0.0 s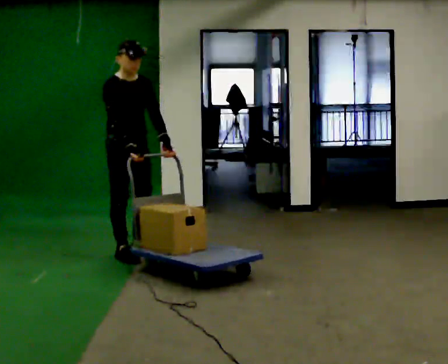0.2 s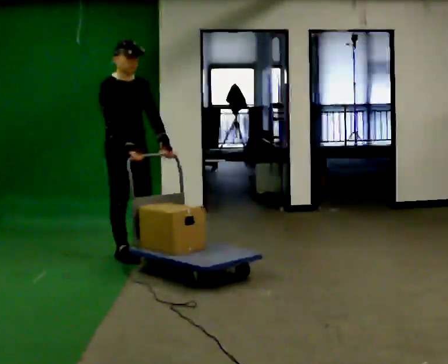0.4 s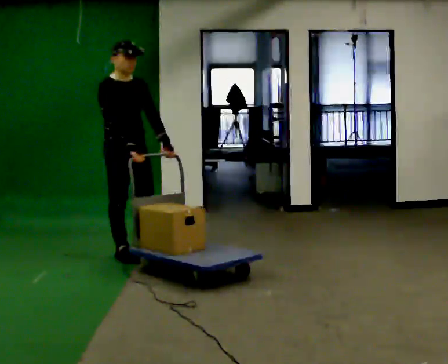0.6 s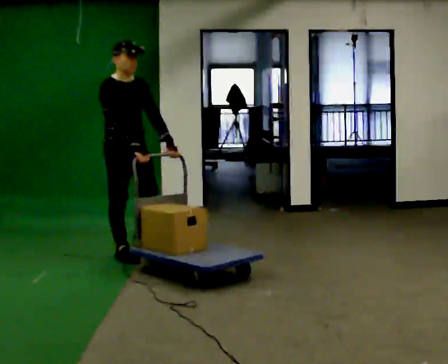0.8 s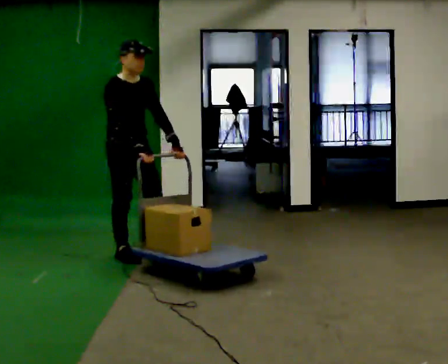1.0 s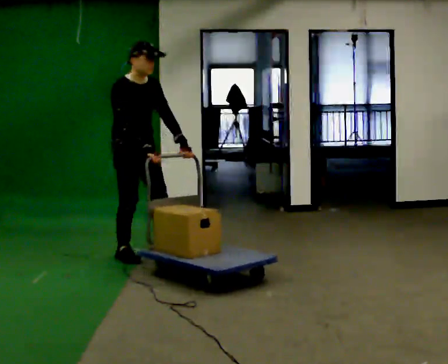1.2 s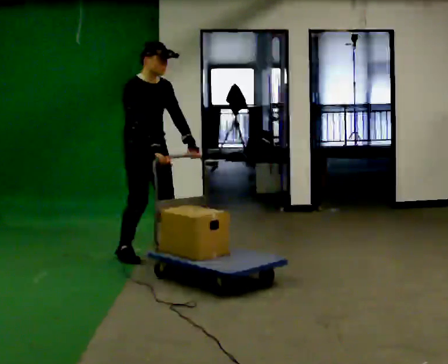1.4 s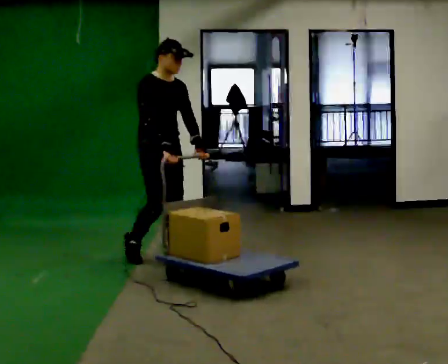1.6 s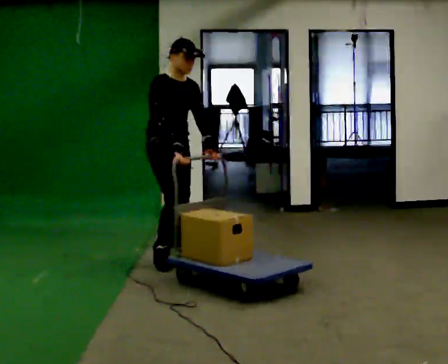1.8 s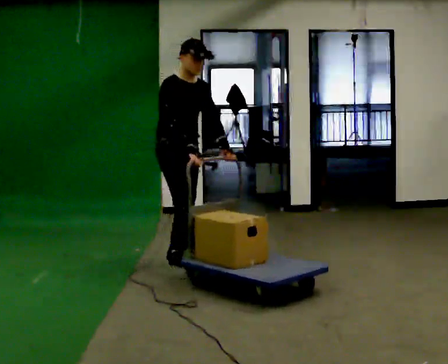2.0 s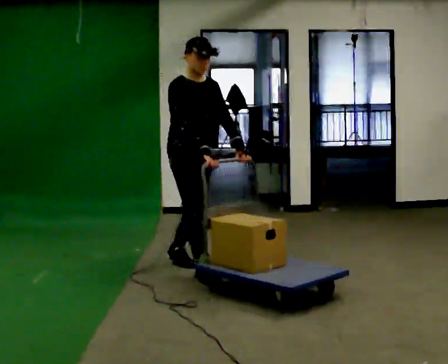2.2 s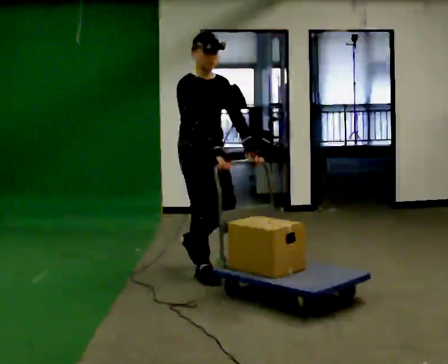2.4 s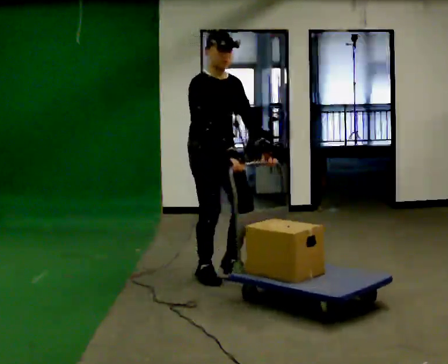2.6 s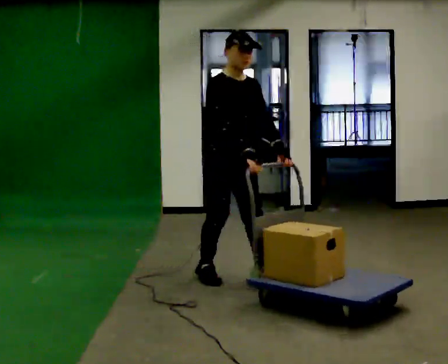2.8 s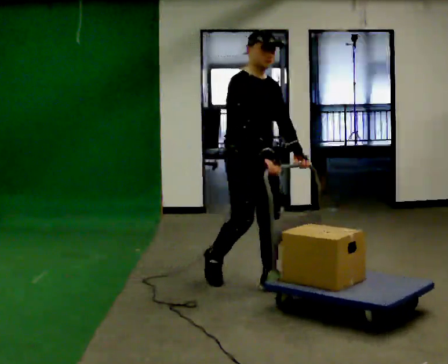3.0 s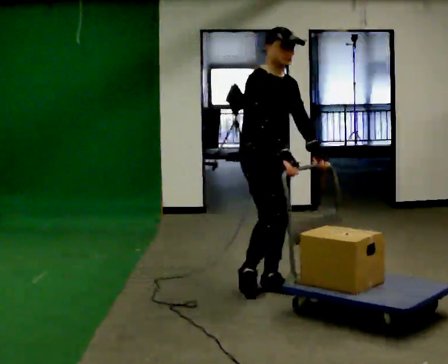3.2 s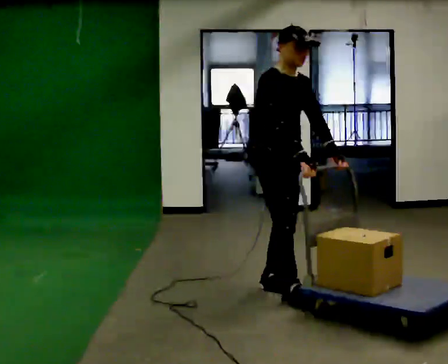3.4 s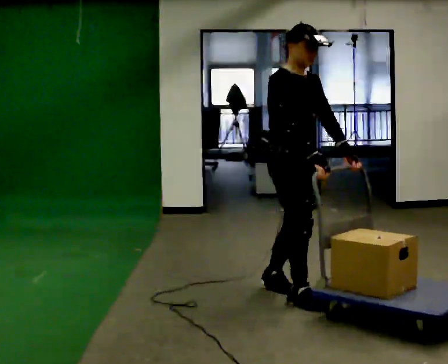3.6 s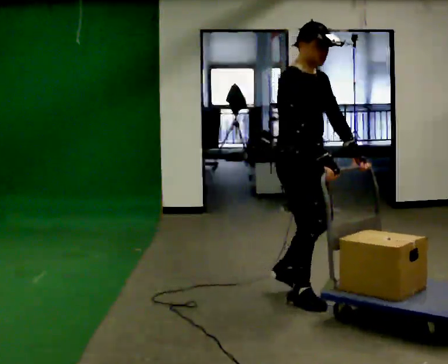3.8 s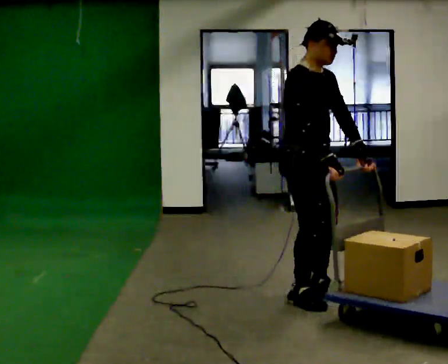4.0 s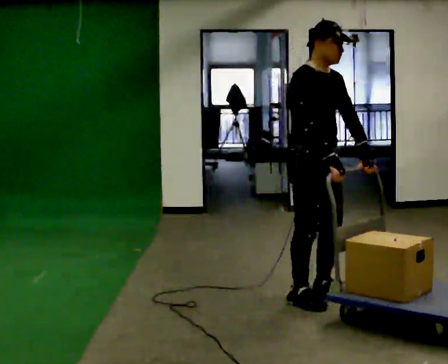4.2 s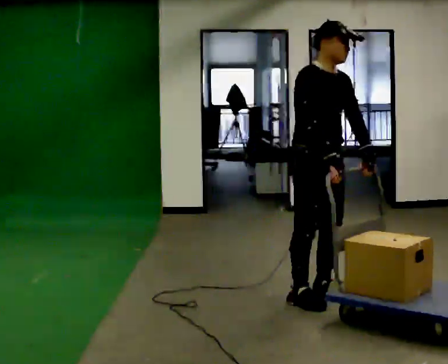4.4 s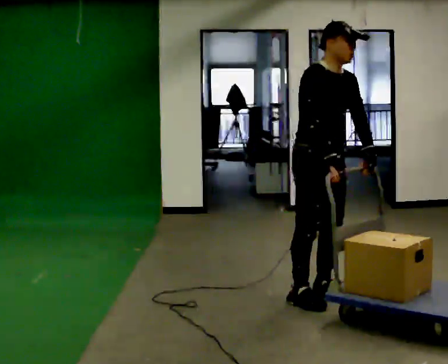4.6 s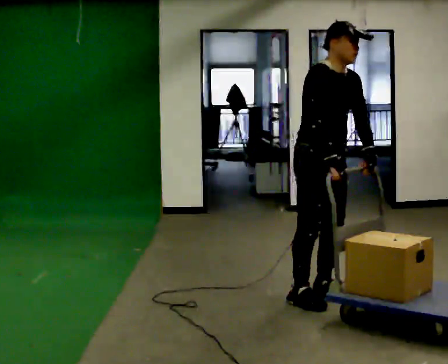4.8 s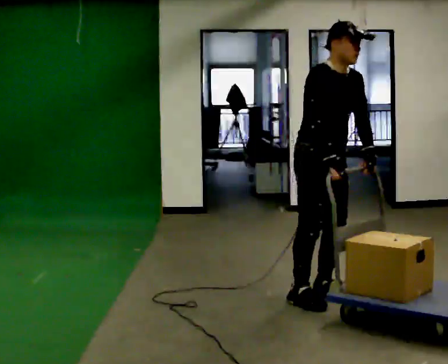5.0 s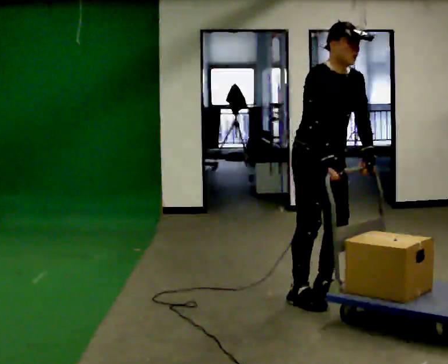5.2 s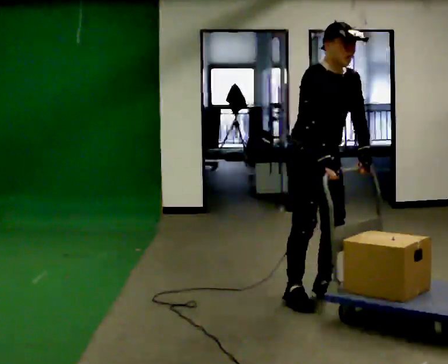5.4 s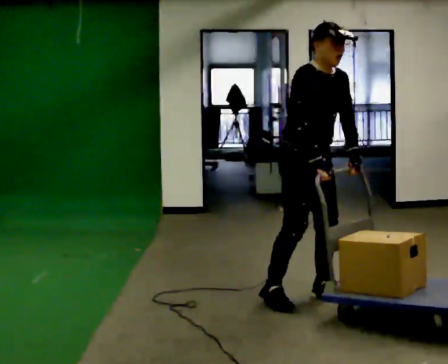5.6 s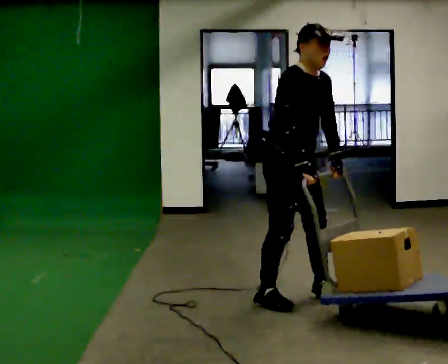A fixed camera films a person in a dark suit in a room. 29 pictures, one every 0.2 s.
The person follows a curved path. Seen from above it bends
clockwise.
0.0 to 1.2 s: In the picture they go to the right, about 0.25 m in 1 step, which for them is forward.
1.2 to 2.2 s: In the picture they go to the right and toward the camera, about 0.75 m in 1 step, which for them is forward.
2.2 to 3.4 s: In the picture they go to the right and toward the camera, about 1 m in 2 steps, which for them is forward.
3.4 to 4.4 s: The person moves a little, or ends about where they began.
4.4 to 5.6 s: In the picture they go to the left, about 0.25 m in 1 step, which for them is to their right and backward.
The film runs forward here.
